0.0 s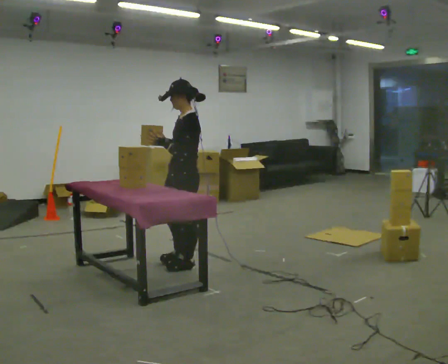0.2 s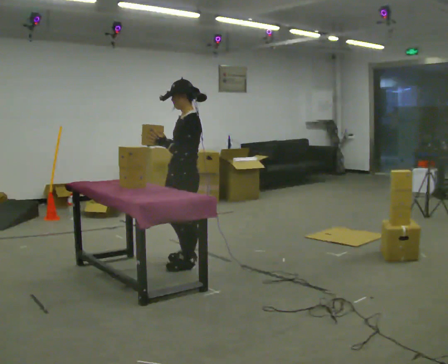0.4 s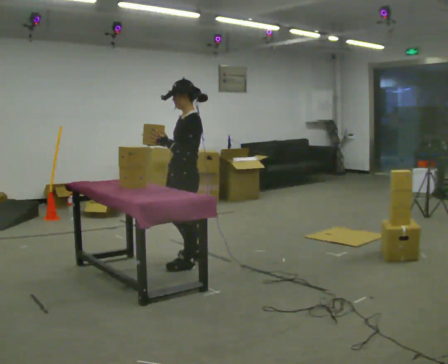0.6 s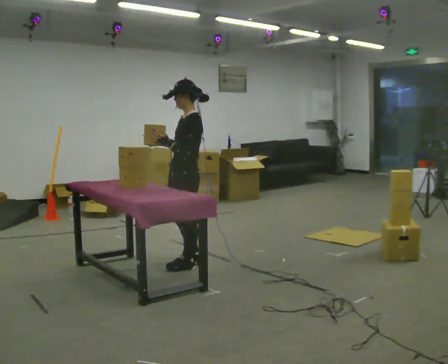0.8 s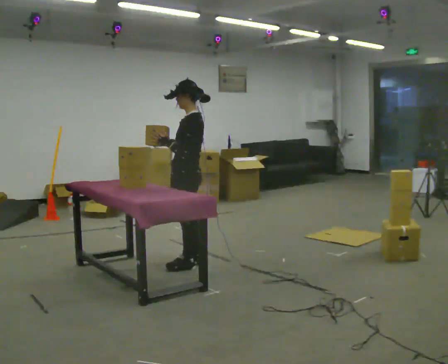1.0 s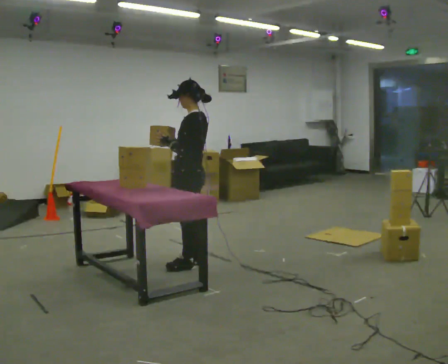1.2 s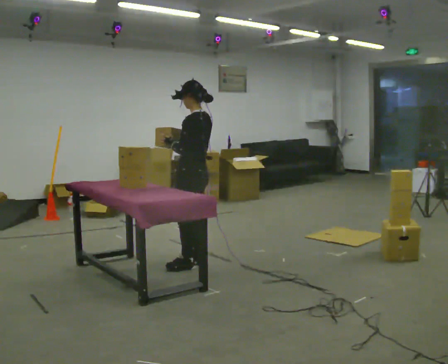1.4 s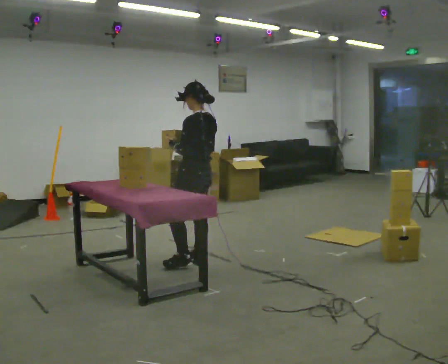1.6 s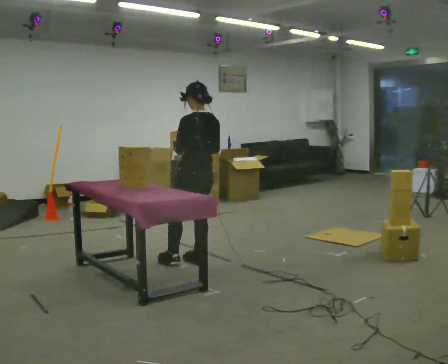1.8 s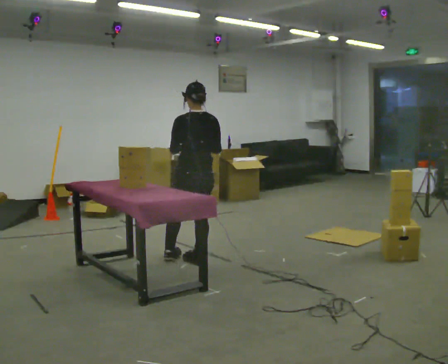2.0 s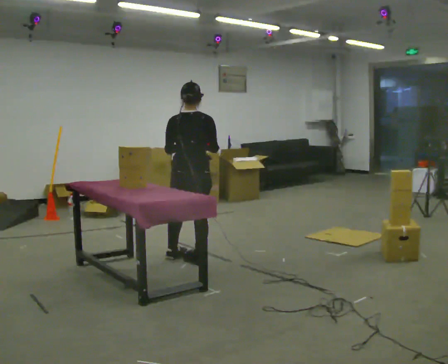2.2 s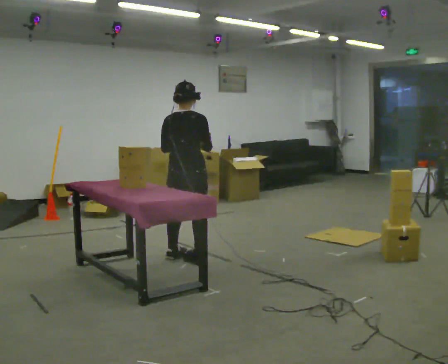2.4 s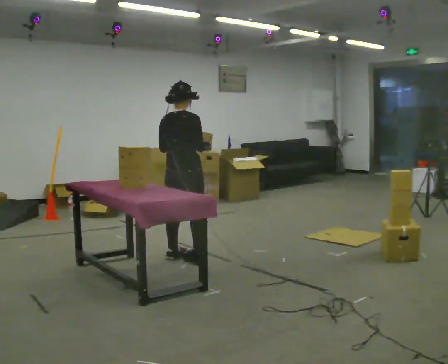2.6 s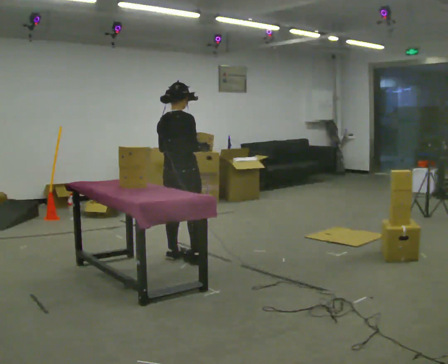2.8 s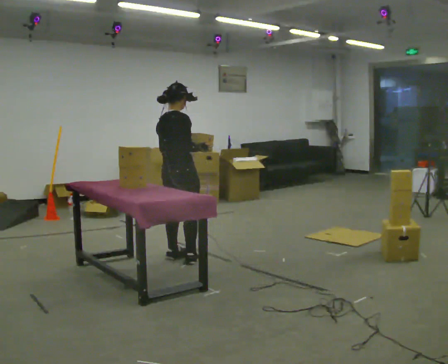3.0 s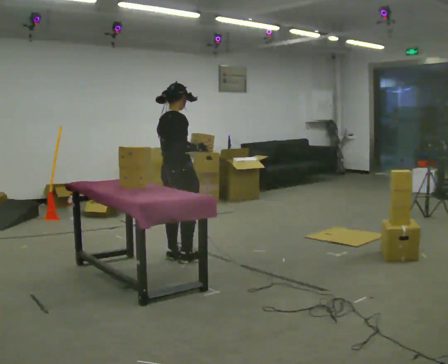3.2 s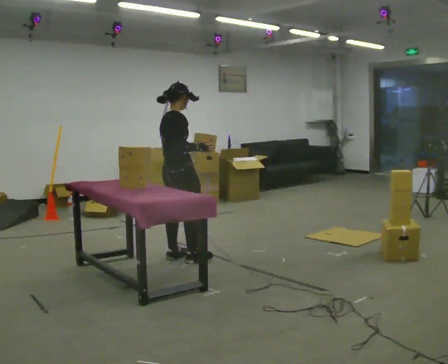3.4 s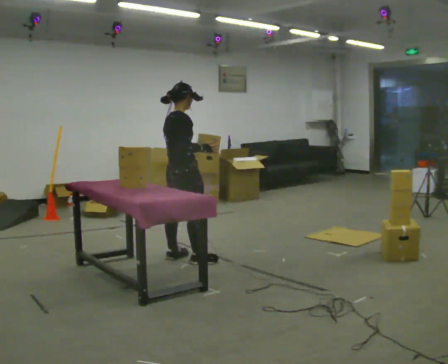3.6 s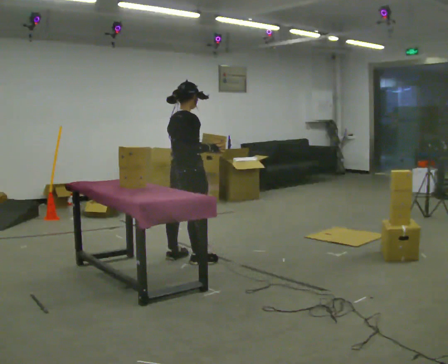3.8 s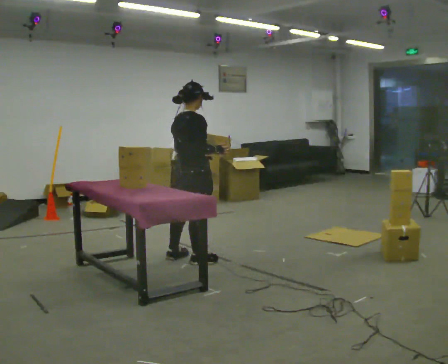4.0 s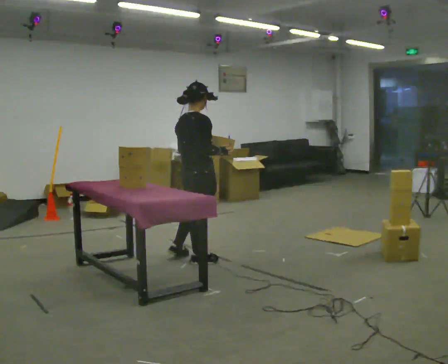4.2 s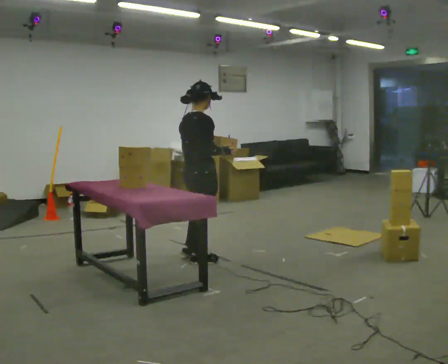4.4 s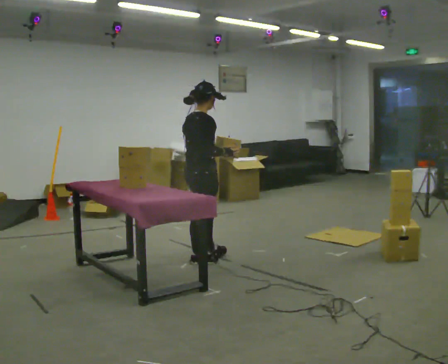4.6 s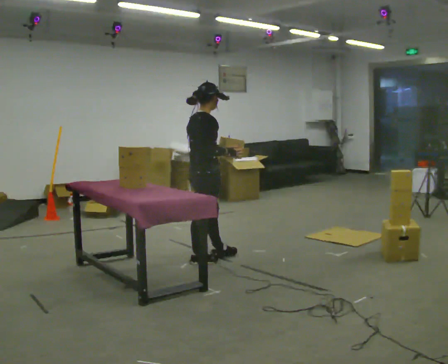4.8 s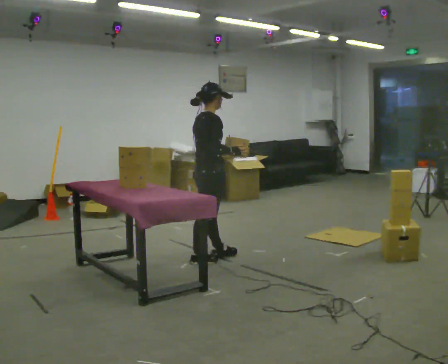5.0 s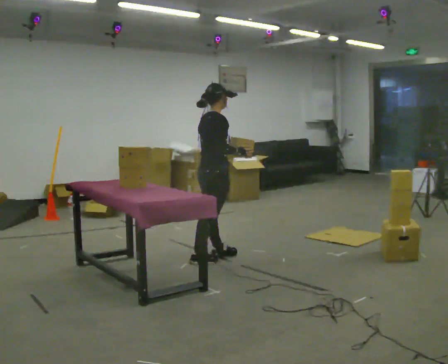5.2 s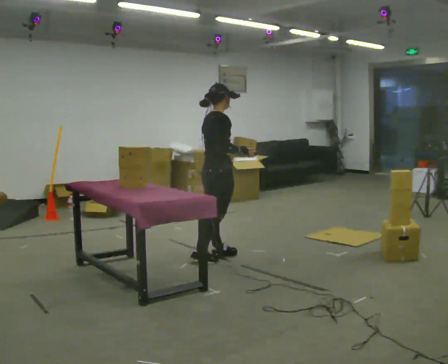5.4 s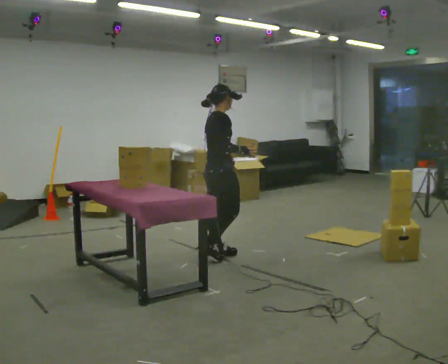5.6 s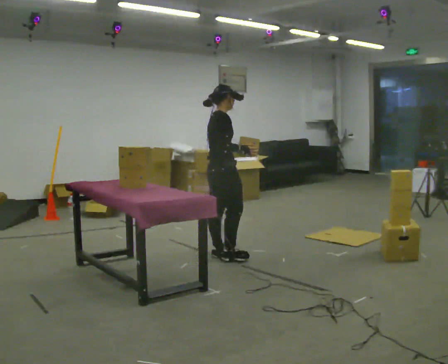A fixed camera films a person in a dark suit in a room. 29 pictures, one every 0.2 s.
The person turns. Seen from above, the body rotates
clockwise.
The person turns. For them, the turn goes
to their right.
0.0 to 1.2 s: The person turns about 30 degrees to their right, clockwise seen from above, so the part of the body nearest the lens slides to the left.
1.2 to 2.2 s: Seen from above the body turns clockwise, about 90 degrees: to their right, with its near side sliding to the left.
2.2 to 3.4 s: The part of the body nearest the lens slides to the left as the person turns to their right by about 45 degrees.
3.4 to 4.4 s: In the picture they go to the right, about 0.25 m, which for them is to their right.
4.4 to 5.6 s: In the picture they go to the right and away from the camera, about 0.25 m in 1 step, which for them is forward.
The film runs forward here.
